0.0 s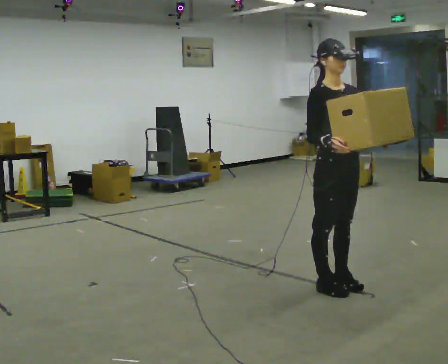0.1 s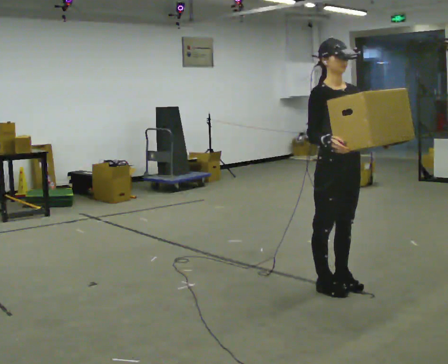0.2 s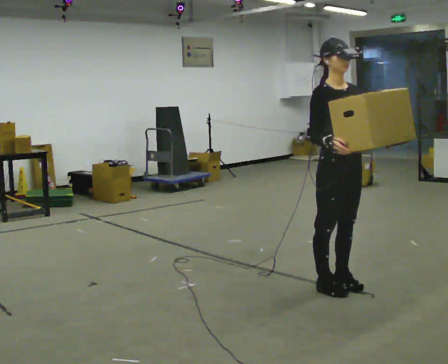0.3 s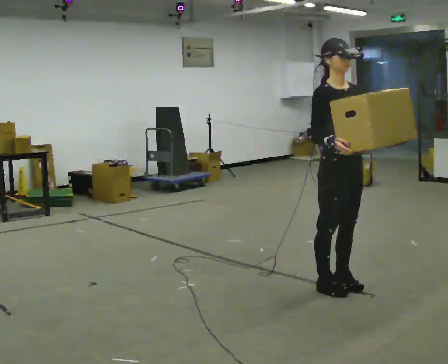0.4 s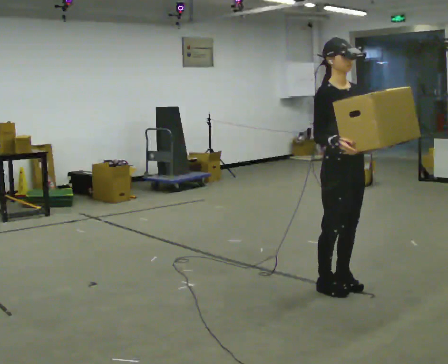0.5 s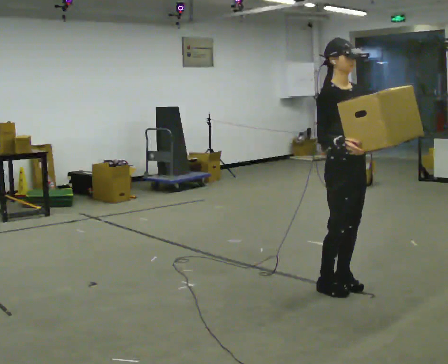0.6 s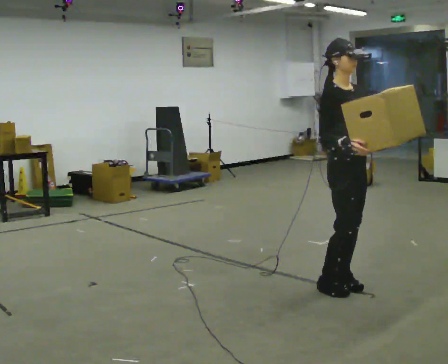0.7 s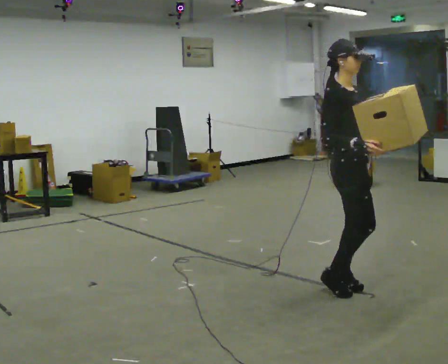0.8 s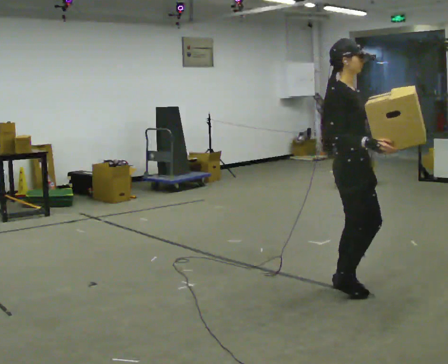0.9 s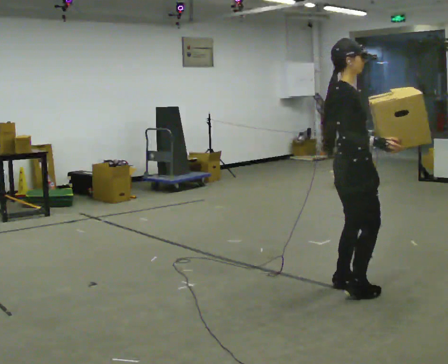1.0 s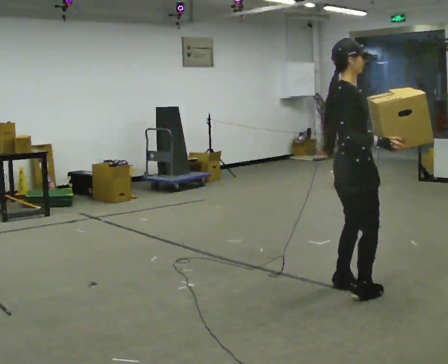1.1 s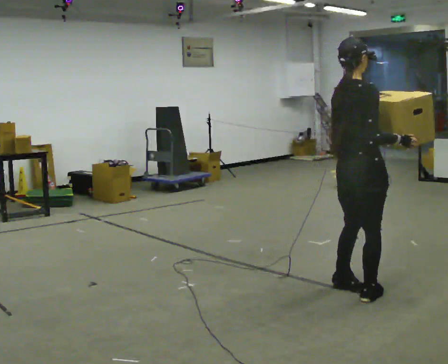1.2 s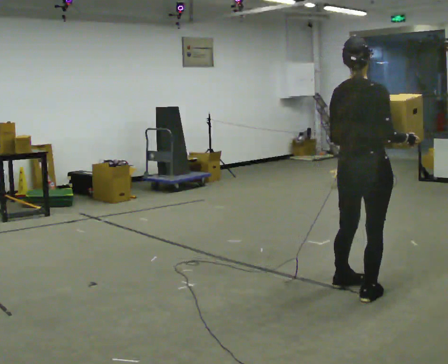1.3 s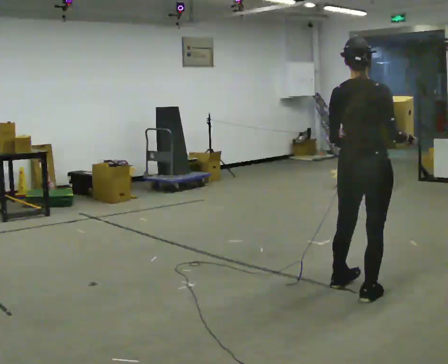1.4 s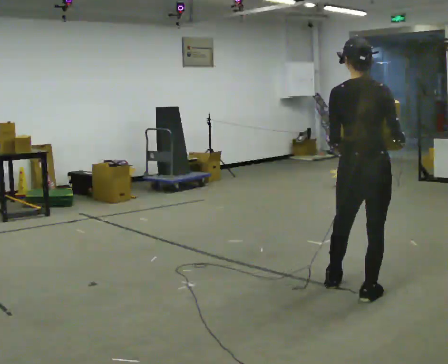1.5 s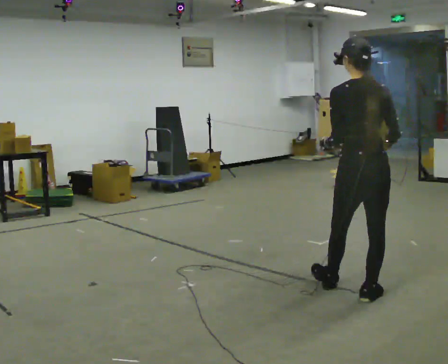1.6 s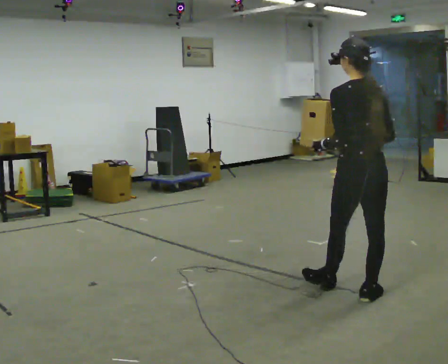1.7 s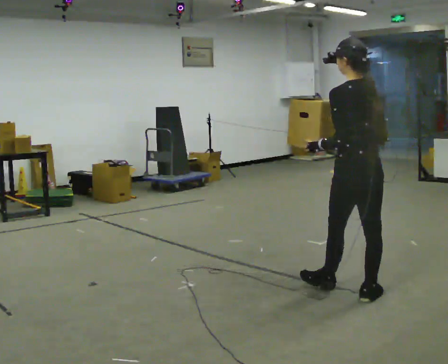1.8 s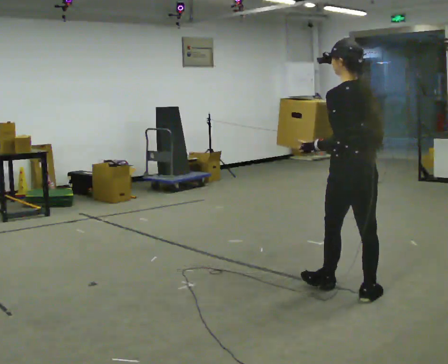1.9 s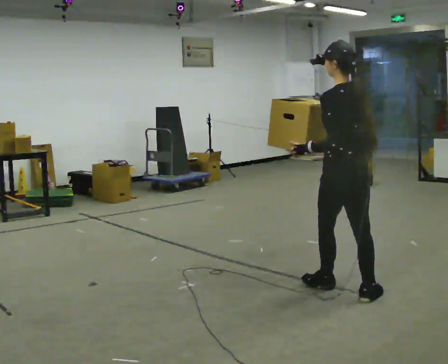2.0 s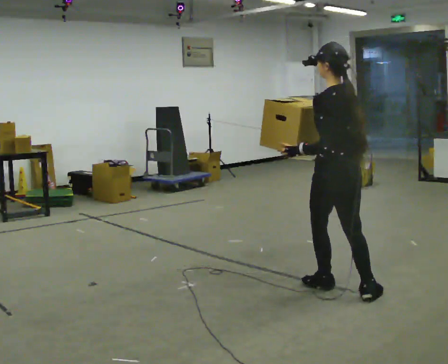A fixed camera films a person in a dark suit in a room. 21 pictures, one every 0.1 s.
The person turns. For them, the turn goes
to their left.
The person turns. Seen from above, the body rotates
counterclockwise.
0.0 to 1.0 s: The part of the body nearest the lens slides to the right as the person turns to their left by about 75 degrees. In the picture their right hand goes to the right.
1.0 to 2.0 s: The part of the body nearest the lens slides to the right as the person turns to their left by about 105 degrees. In the picture their right hand goes to the left, the arm swinging clockwise.
The film runs forward here.
